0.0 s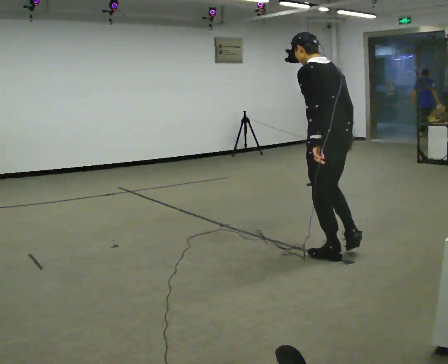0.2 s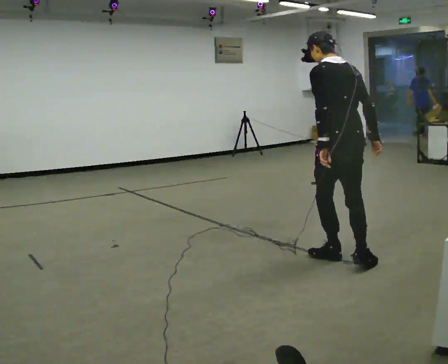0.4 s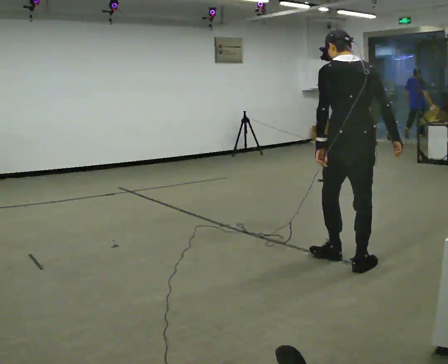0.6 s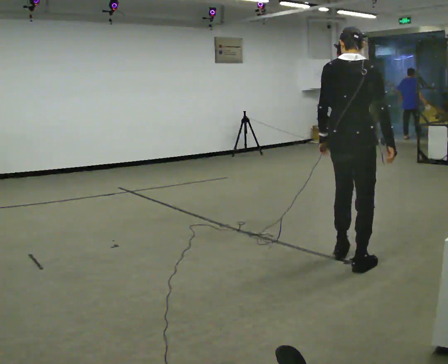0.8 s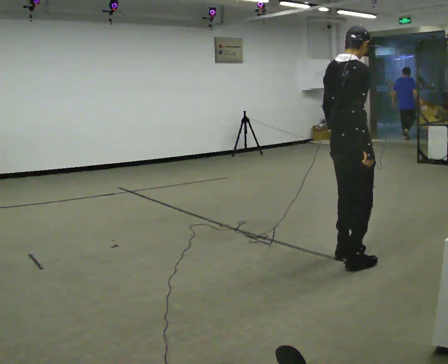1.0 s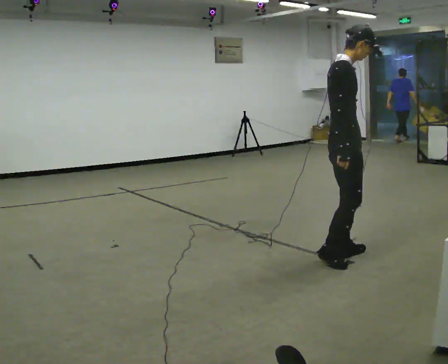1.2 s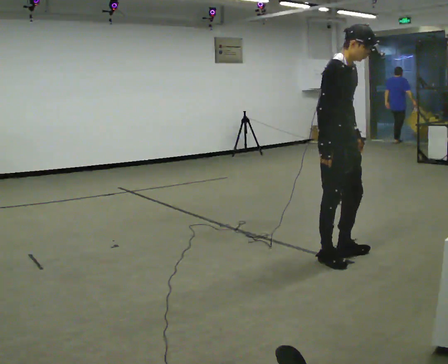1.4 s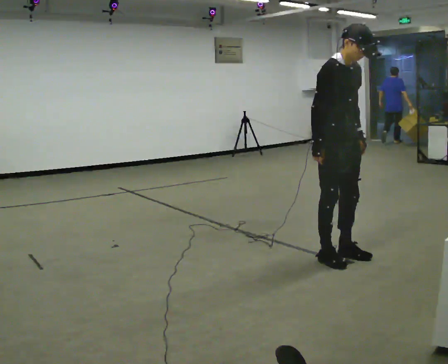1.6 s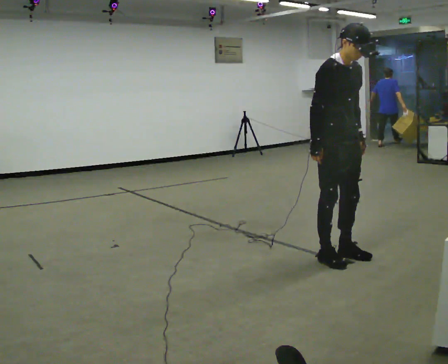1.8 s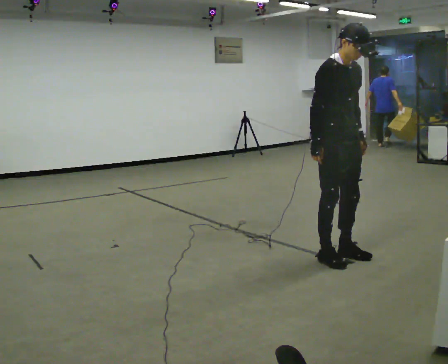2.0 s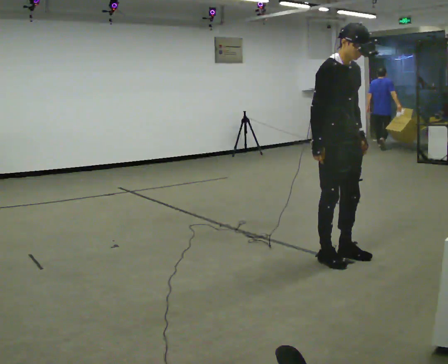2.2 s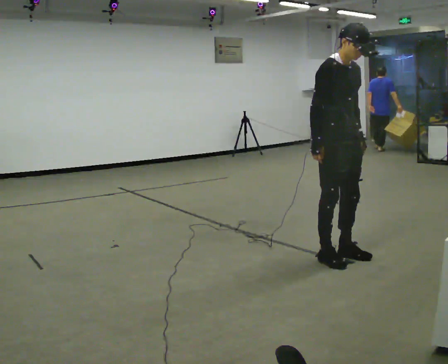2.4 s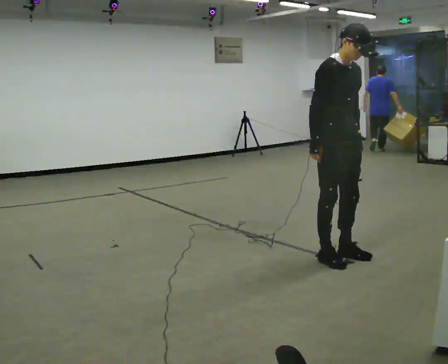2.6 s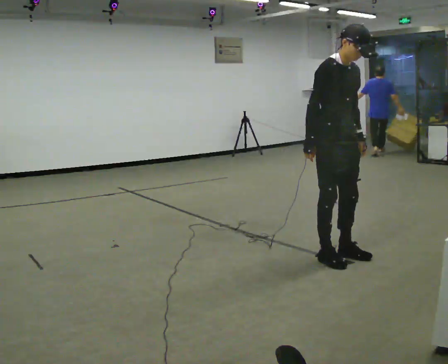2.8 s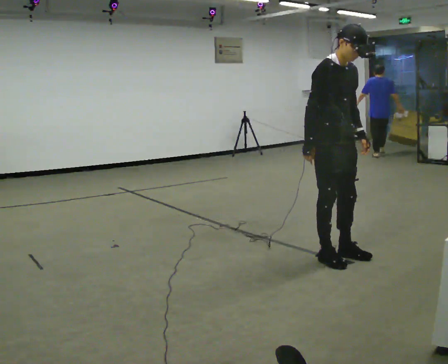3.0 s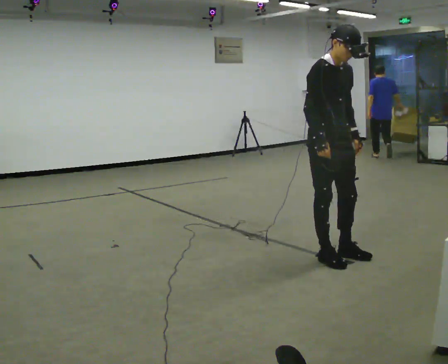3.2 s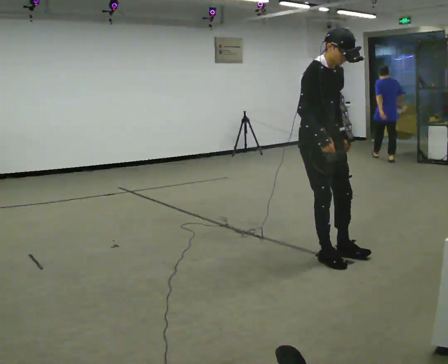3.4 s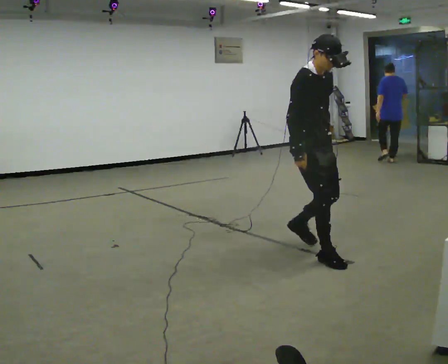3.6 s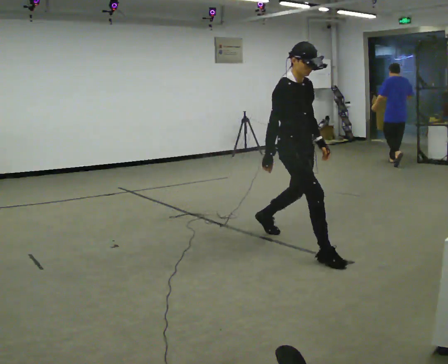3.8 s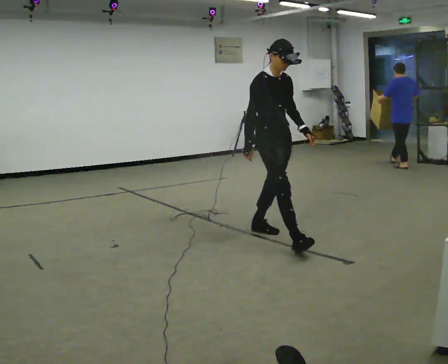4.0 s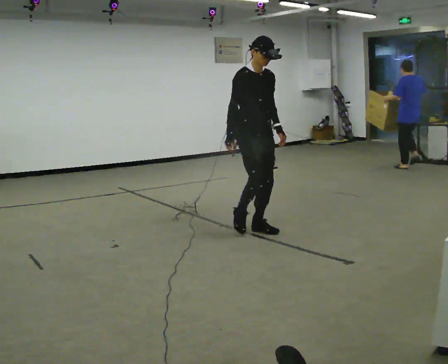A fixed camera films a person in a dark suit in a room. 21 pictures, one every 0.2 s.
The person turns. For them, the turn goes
to their right.
The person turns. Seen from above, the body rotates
clockwise.
0.0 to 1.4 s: The part of the body nearest the lens slides to the left as the person turns to their right by about 165 degrees. In the picture the upper body tilts clockwise, shoulders to the right.
1.4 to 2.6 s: The person moves a little, or ends about where they began.
2.6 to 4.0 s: In the picture they go away from the camera and to the left, about 1 m in 2 steps, which for them is backward.
The film runs backward here.
